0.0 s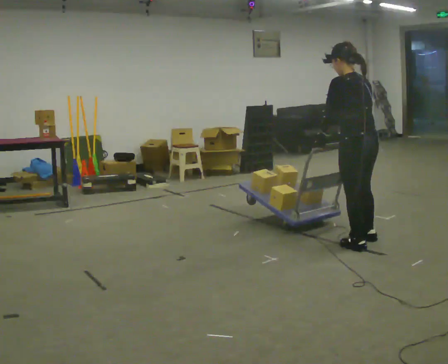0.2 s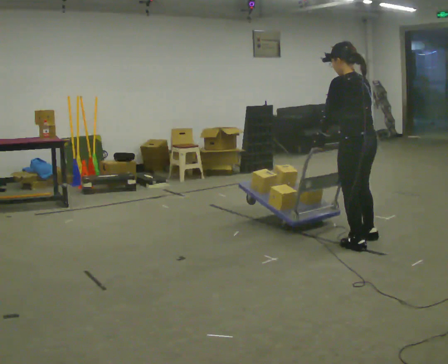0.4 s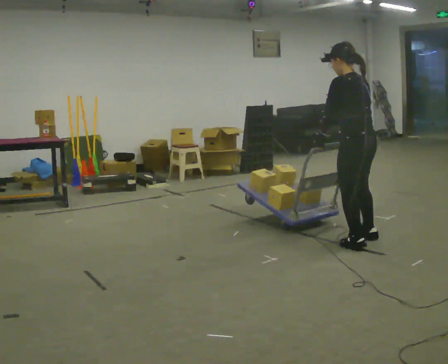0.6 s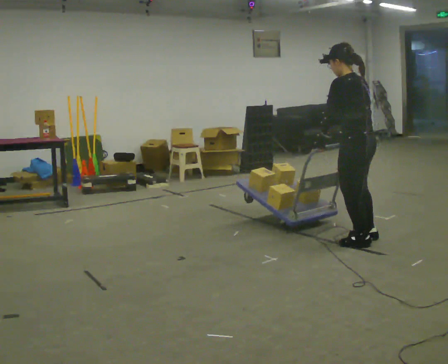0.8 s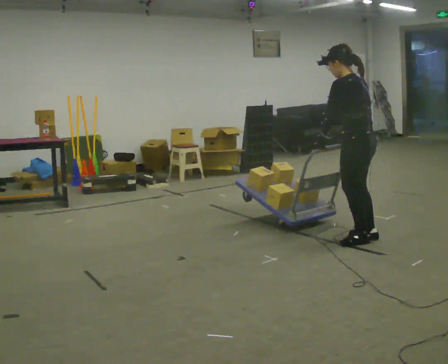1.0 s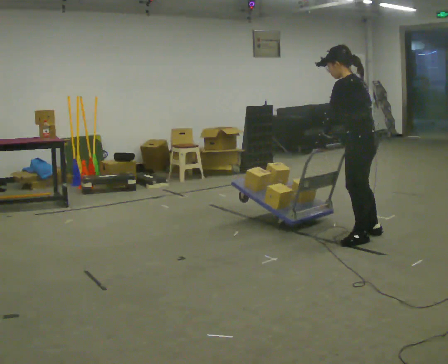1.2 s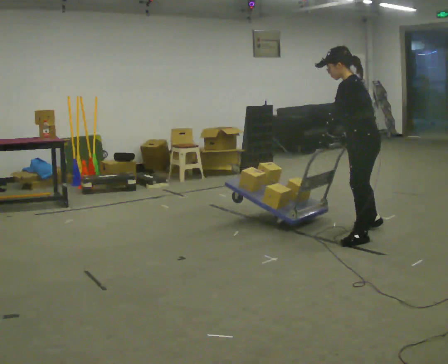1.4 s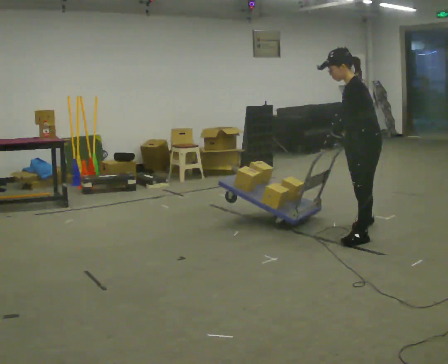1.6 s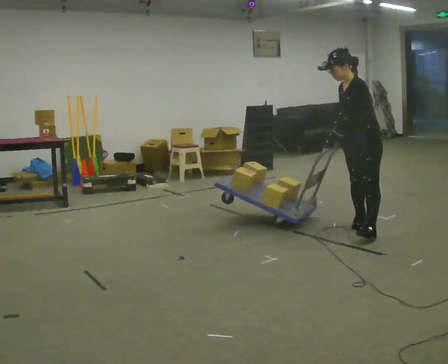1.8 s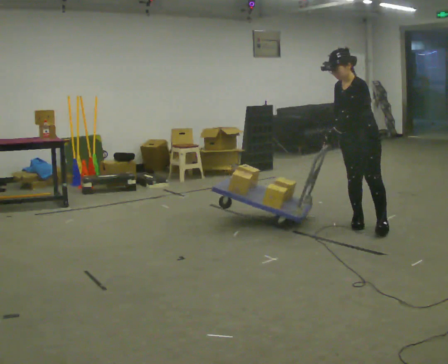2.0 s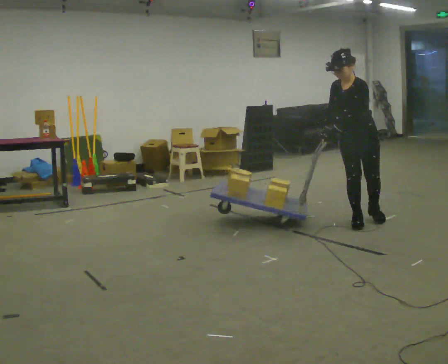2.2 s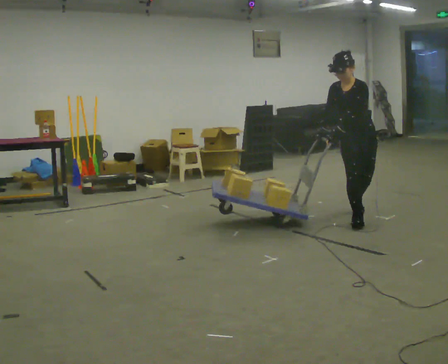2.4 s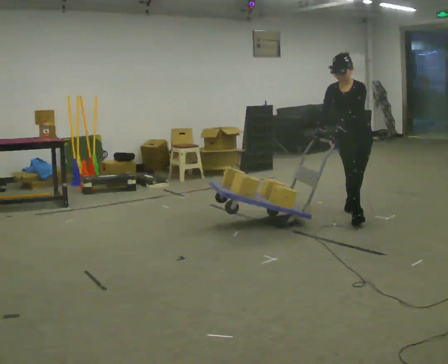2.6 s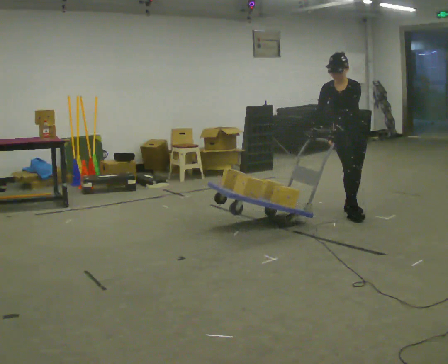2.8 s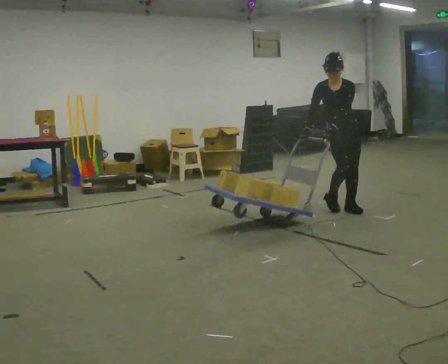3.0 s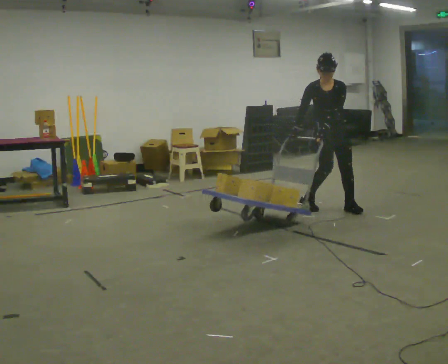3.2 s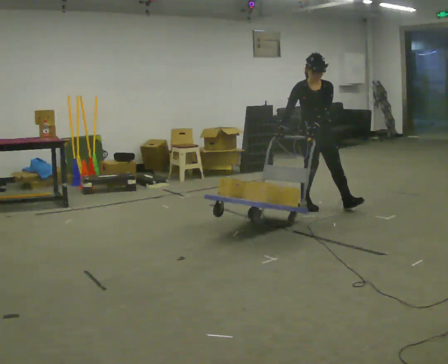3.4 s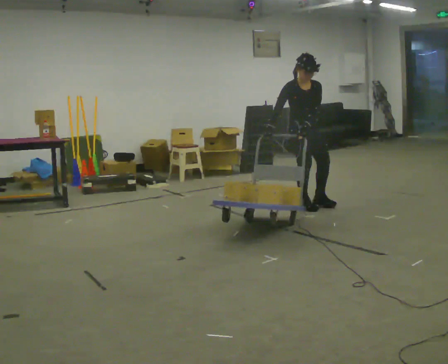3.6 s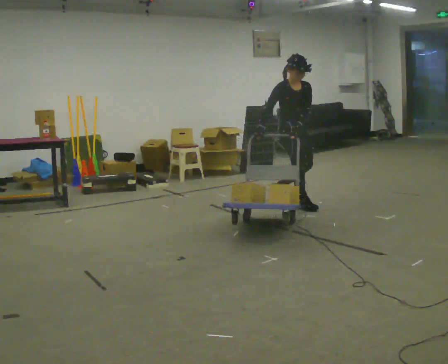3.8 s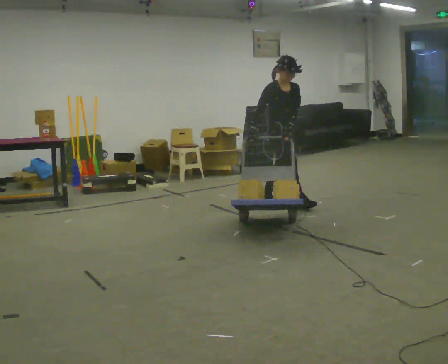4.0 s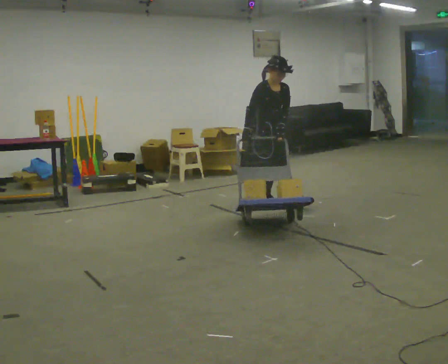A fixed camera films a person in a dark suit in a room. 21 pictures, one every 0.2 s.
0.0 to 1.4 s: The person turns about 60 degrees to their left, counterclockwise seen from above, so the part of the body nearest the lens slides to the right. In the picture they go away from the camera, about 0.25 m in 2 steps.
1.4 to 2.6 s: The person turns about 75 degrees to their left, counterclockwise seen from above, so the part of the body nearest the lens slides to the right. In the picture they go away from the camera, about 0.5 m in 2 steps.
2.6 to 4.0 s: Seen from above the body turns counterclockwise, about 60 degrees: to their left, with its near side sliding to the right. In the picture they go to the left, about 1 m in 2 steps, which for them is backward and to their right.
The film runs backward here.
